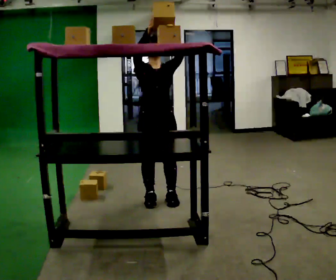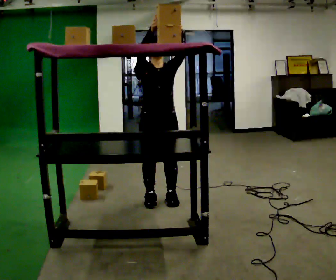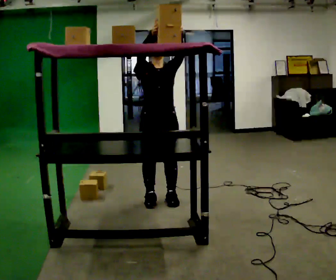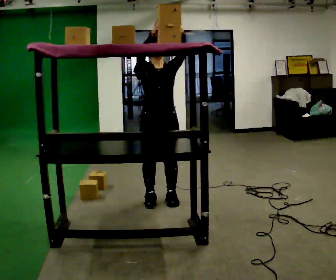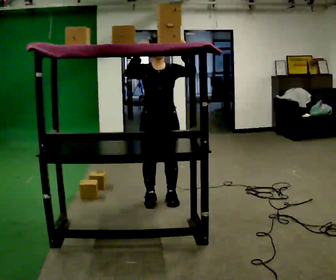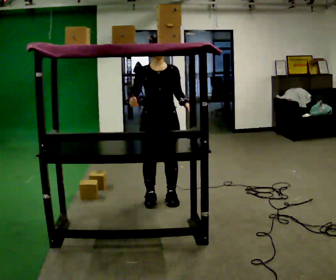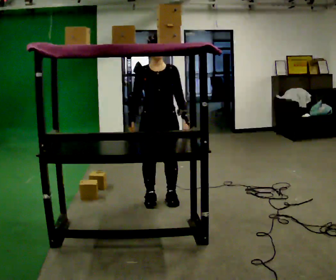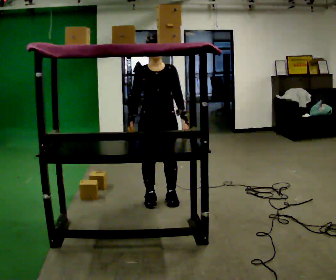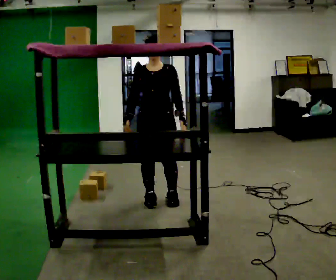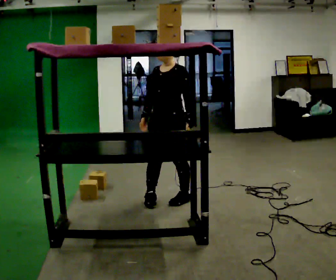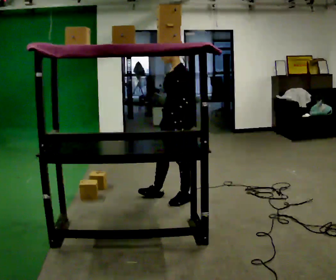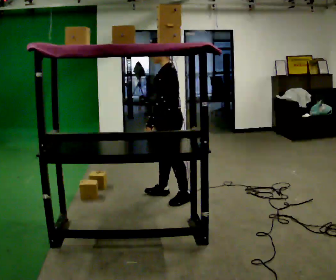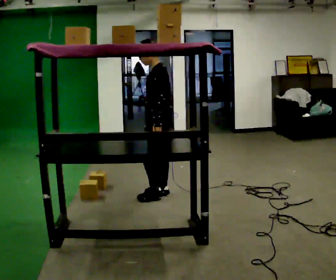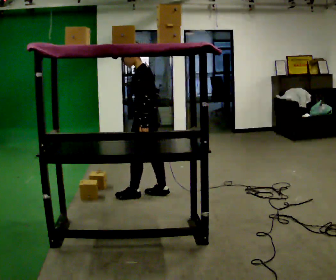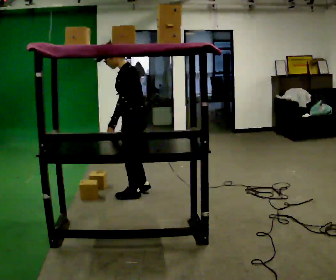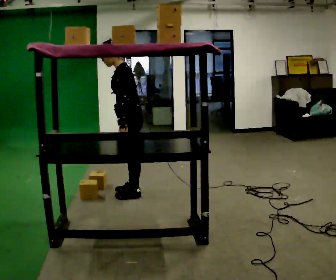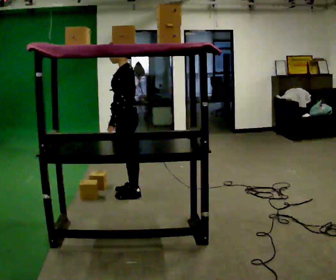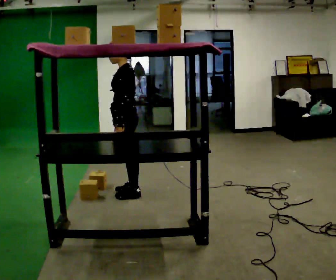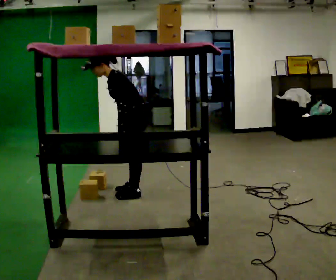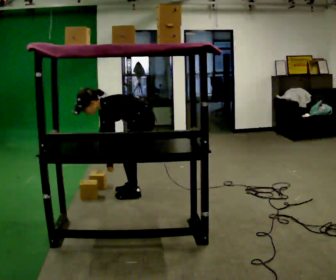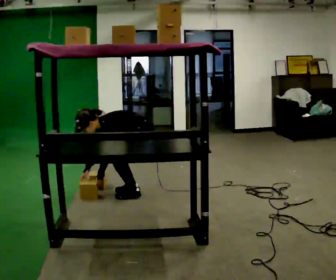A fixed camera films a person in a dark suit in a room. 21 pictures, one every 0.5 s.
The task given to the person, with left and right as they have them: Place the object on the shelf just at the top of your comfortable reach. Repeat at your own pace until the operator says stop. Keep both feet on the marked spots for the whole take. If you have to step, stop and tell the operator.
0.0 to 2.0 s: The person moves a little, or ends about where they began.
2.0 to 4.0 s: In the picture their right hand goes downward.
4.0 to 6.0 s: Seen from above the body turns clockwise, about 75 degrees: to their right, with its near side sliding to the left. In the picture they go away from the camera, about 0.25 m in 2 steps.
6.0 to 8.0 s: In the picture they go to the left, about 0.25 m in 2 steps, which for them is forward.
8.0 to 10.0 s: The upper body goes downward. In the picture the upper body tilts counterclockwise, shoulders to the left, as they bend forward. In the picture their right hand goes downward and to the left.
The film runs forward here.
